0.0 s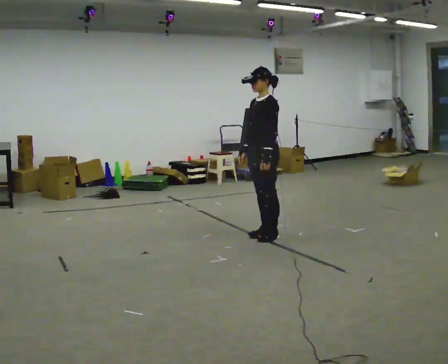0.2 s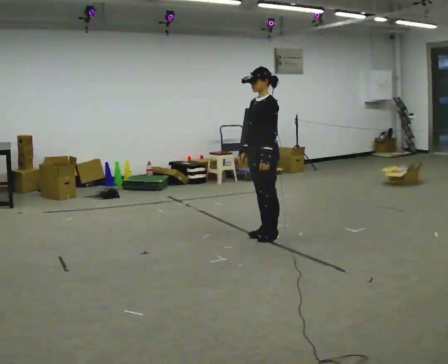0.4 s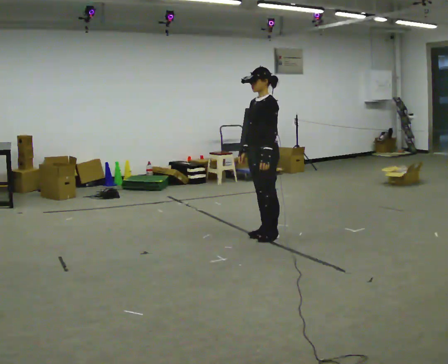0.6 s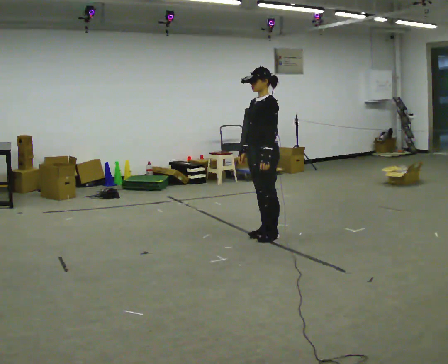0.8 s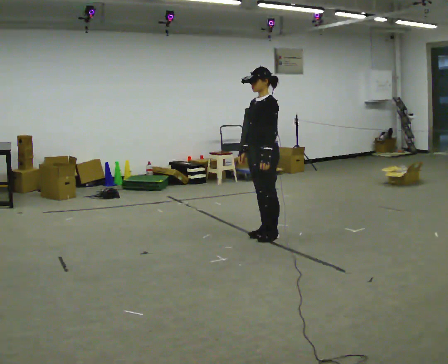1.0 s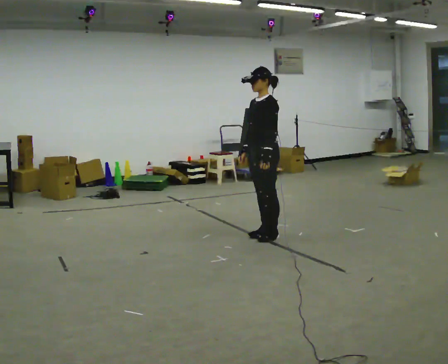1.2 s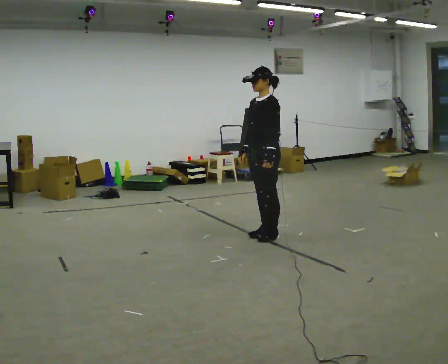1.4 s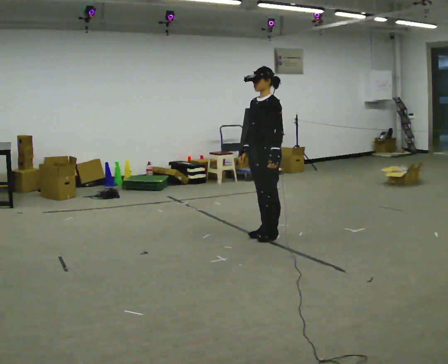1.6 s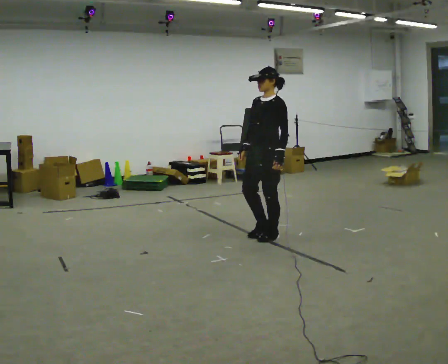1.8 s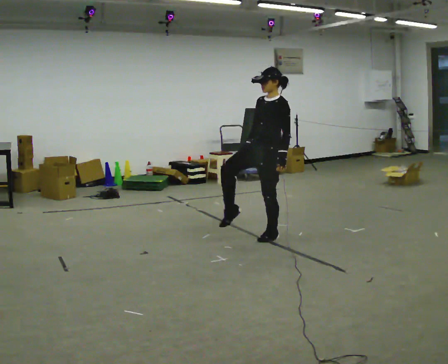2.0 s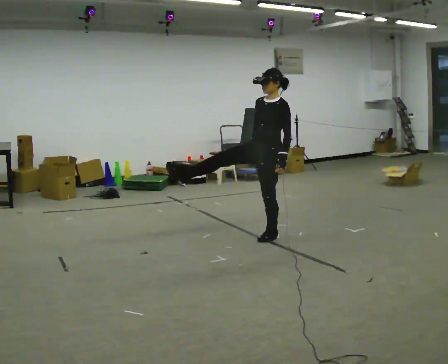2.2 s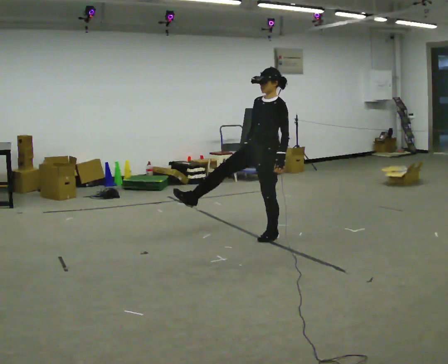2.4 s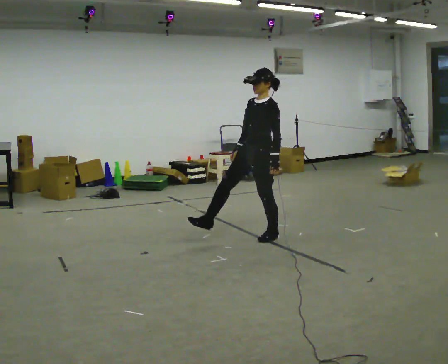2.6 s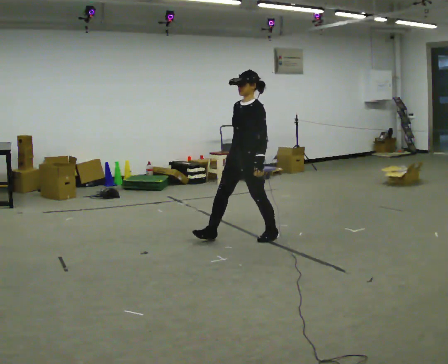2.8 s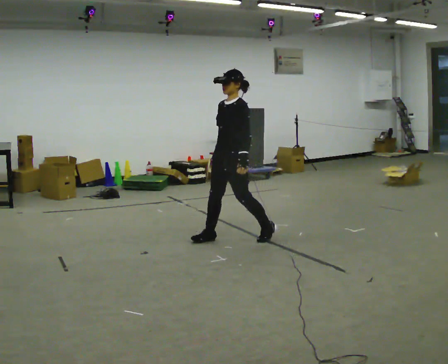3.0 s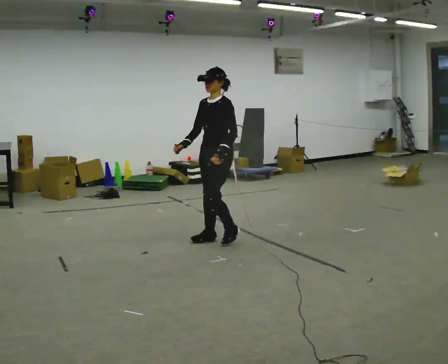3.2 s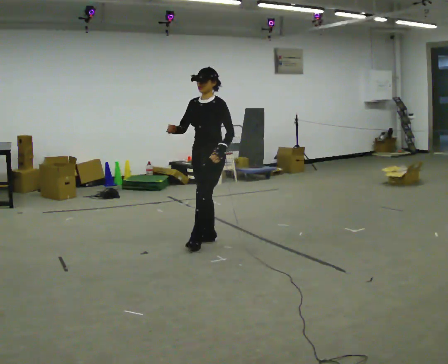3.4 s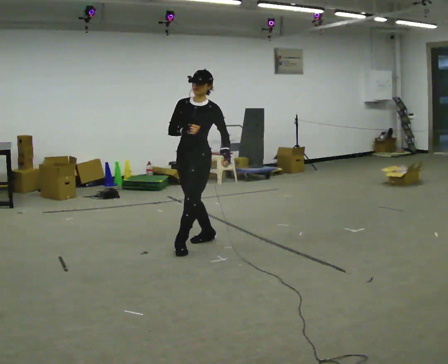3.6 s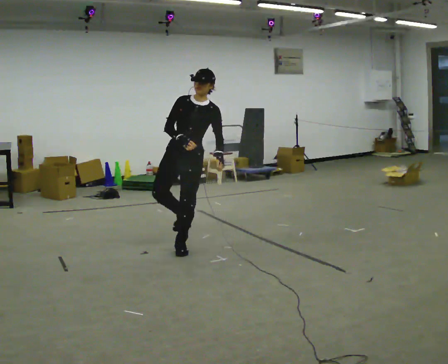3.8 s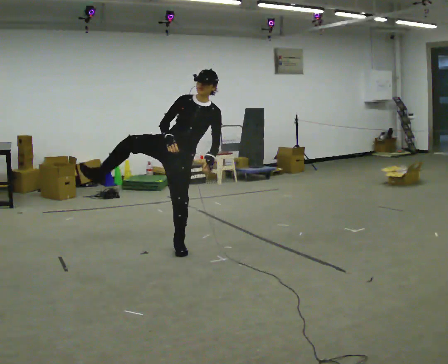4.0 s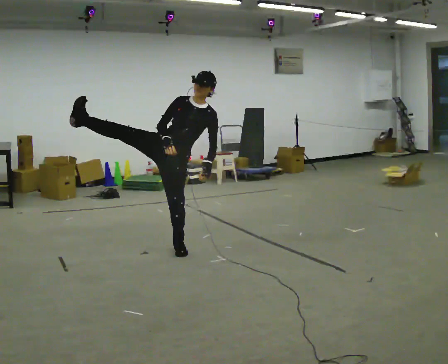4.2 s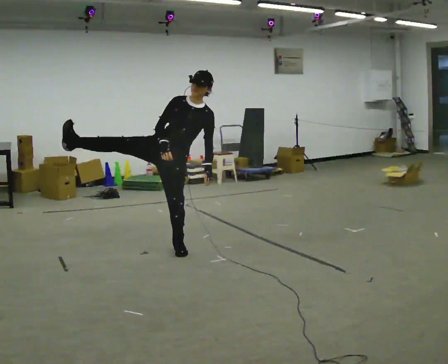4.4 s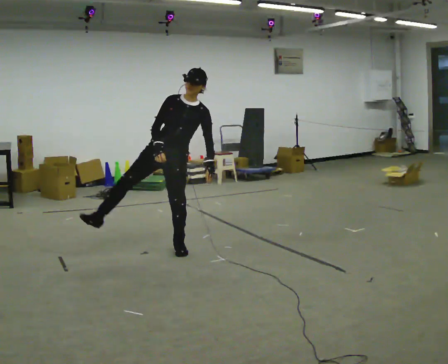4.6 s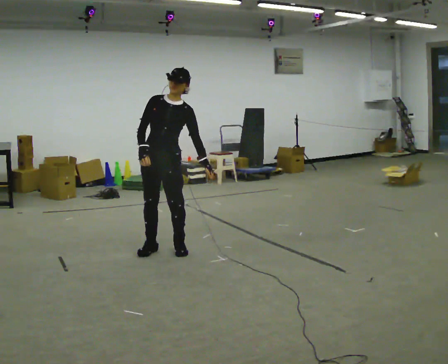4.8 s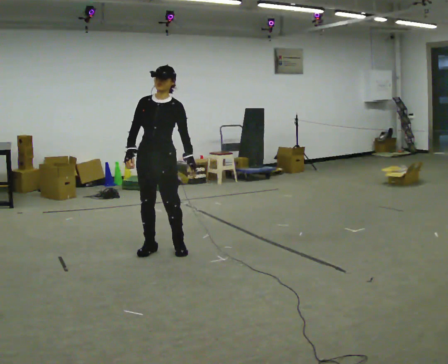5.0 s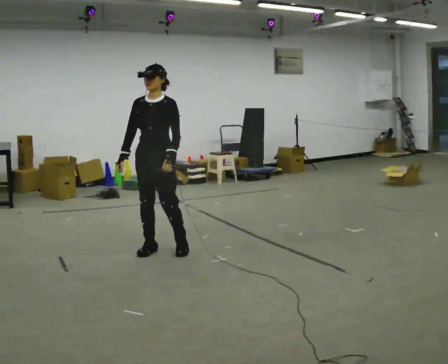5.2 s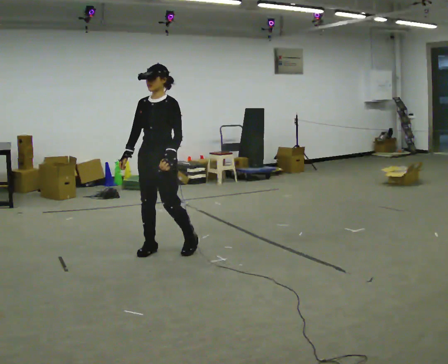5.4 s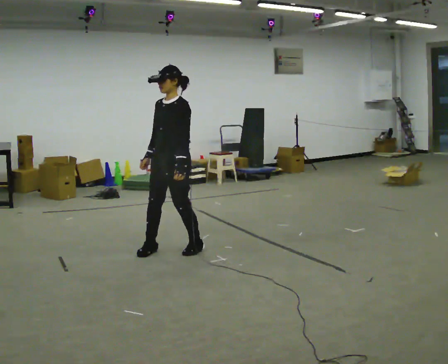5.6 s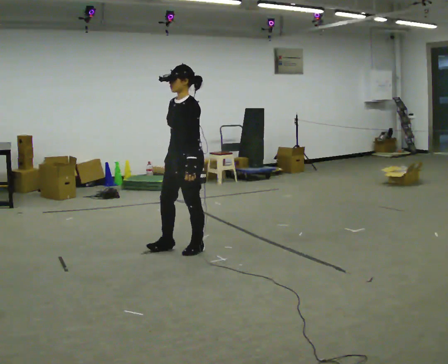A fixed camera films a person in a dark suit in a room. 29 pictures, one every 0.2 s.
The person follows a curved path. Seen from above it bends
counterclockwise.
0.0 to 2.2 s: The person moves a little, or ends about where they began.
2.2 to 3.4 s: Seen from above the body turns counterclockwise, about 30 degrees: to their left, with its near side sliding to the right. In the picture they go to the left, about 0.75 m in 2 steps, which for them is forward.
3.4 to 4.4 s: The part of the body nearest the lens slides to the right as the person turns to their left by about 30 degrees. In the picture they go to the left and toward the camera, about 0.25 m, which for them is to their right and forward.
4.4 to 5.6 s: The person turns about 60 degrees to their right, clockwise seen from above, so the part of the body nearest the lens slides to the left. In the picture they go to the right, about 0.25 m in 2 steps, which for them is to their left. In the picture the upper body tilts counterclockwise, shoulders to the left.
The film runs forward here.
